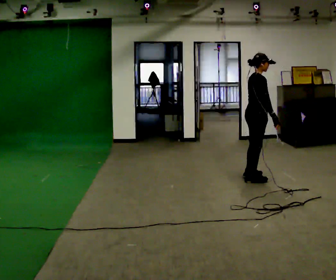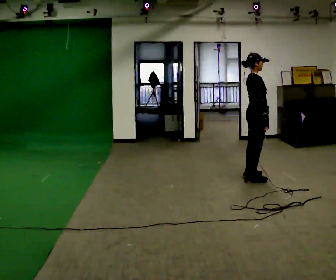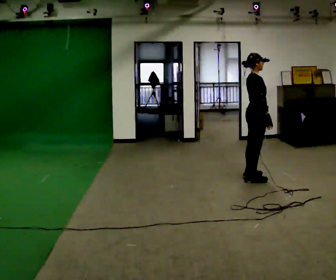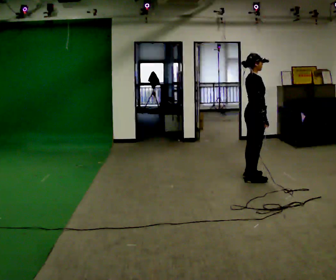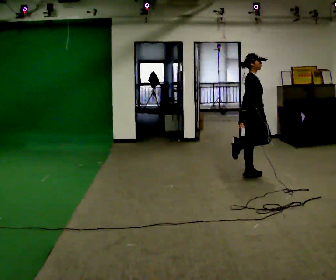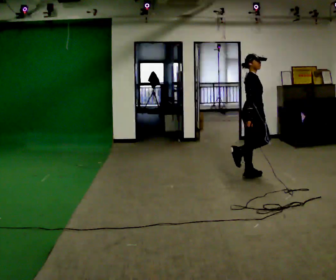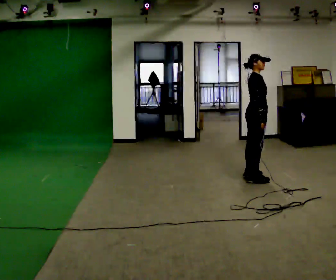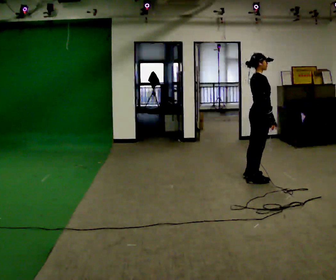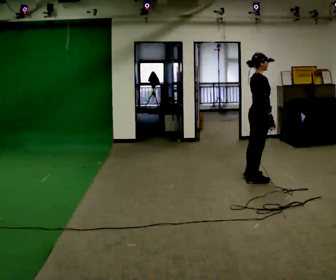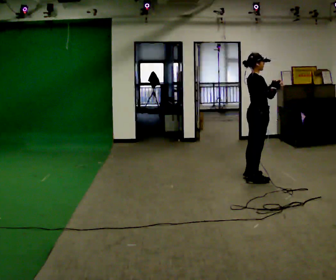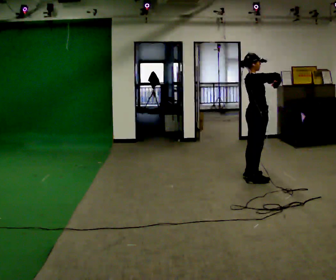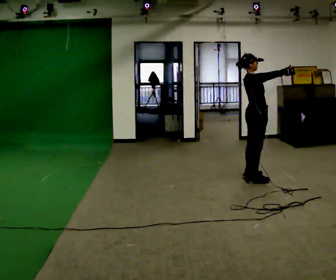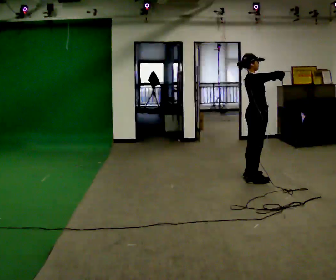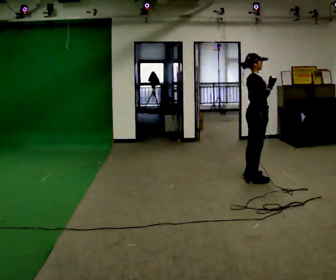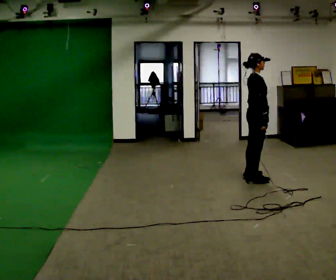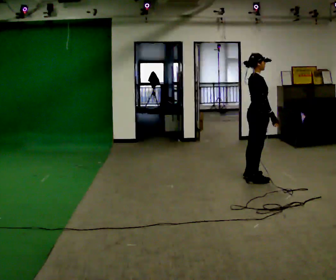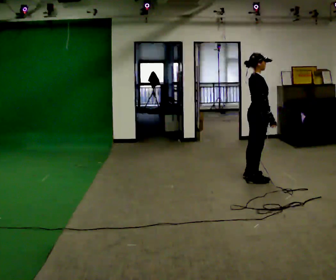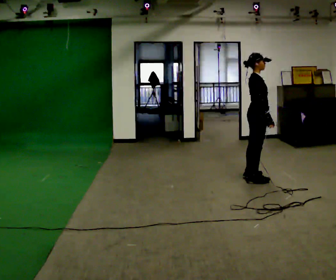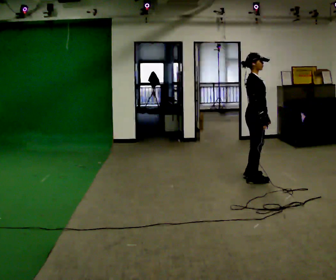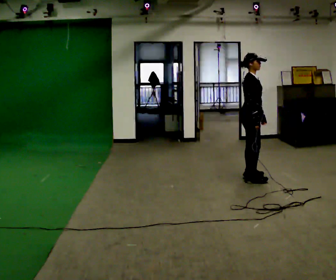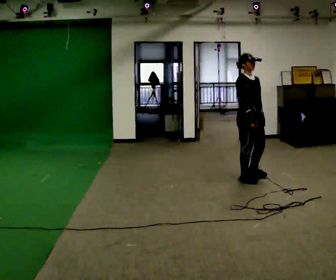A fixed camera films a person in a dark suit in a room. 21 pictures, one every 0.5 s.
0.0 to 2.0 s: In the picture they go away from the camera, about 0.25 m in 1 step, which for them is to their left. In the picture their right hand goes to the left.
2.0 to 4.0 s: In the picture their right hand goes to the right.
4.0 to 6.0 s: In the picture their right hand goes upward.
6.0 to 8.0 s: In the picture their right hand goes downward.
8.0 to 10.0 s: Seen from above the body turns clockwise, about 60 degrees: to their right, with its near side sliding to the left.
The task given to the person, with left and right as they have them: Work through the stretches in order, holding each one briefly: touch your toes, pull each heel up behind you, stretch each arm across your chest, and stretch each calf. Stay in one place throughout.
The film runs forward here.
